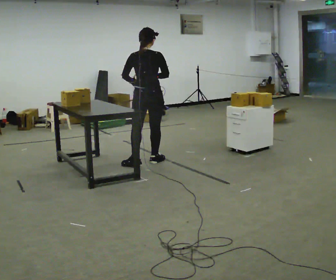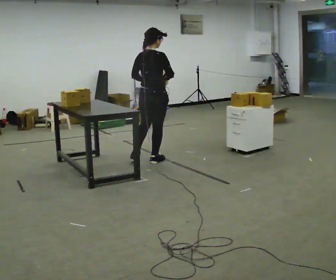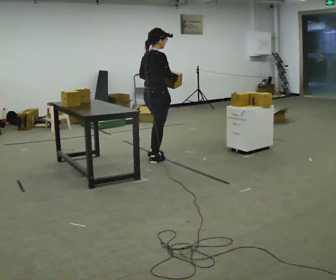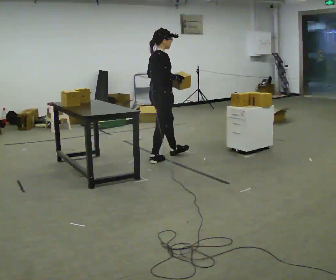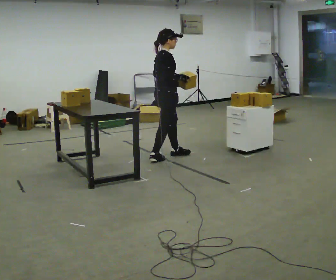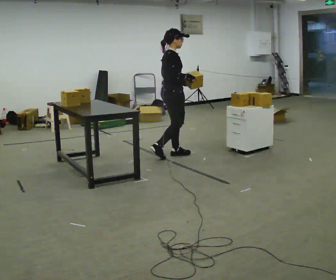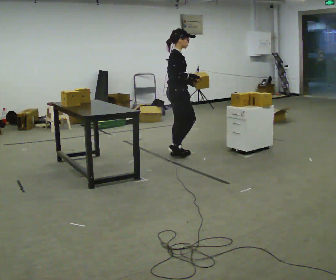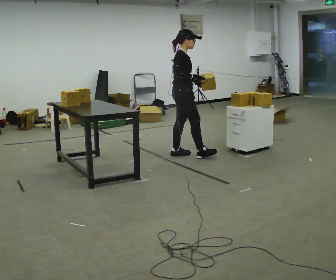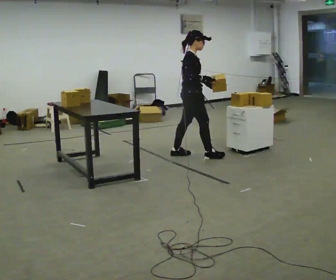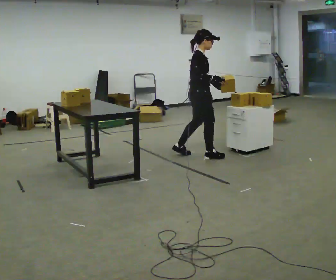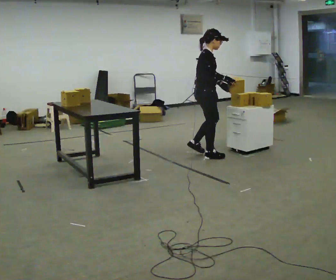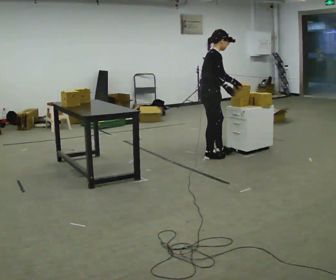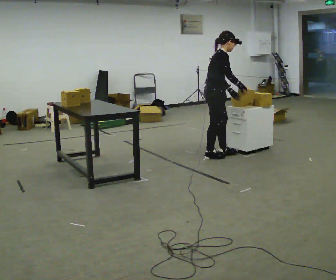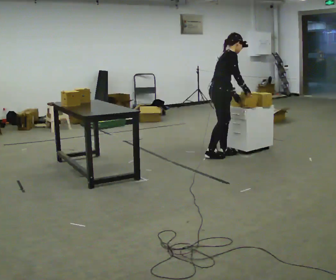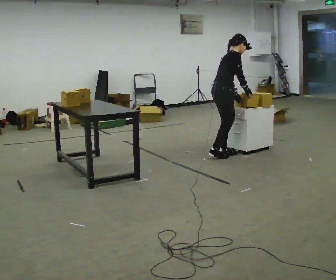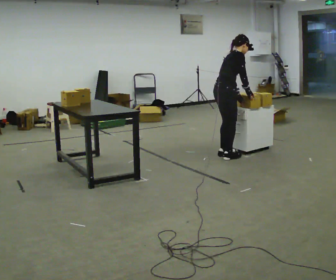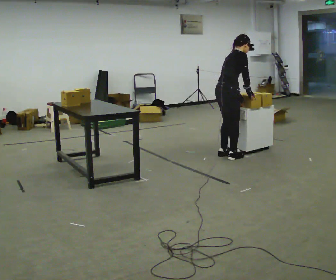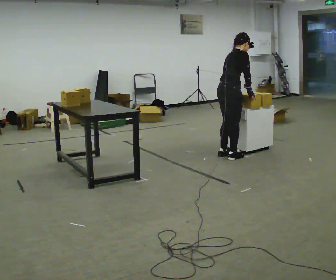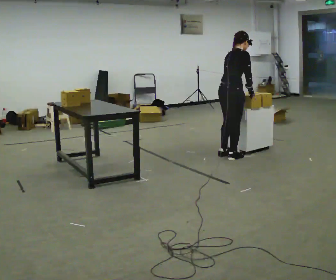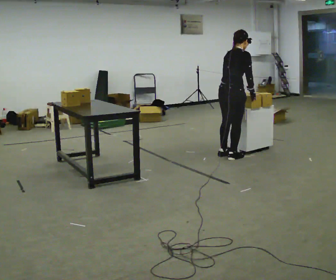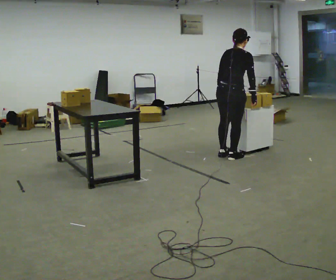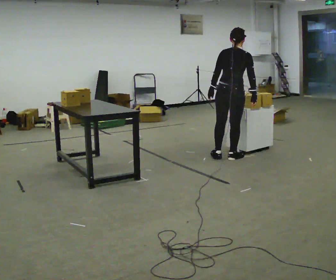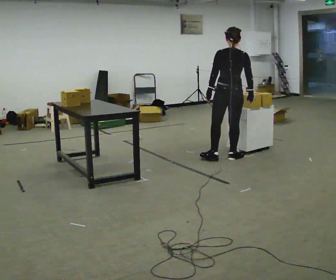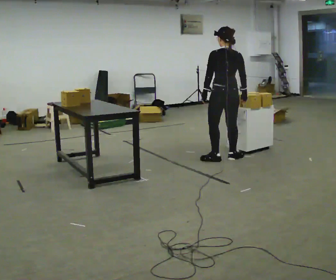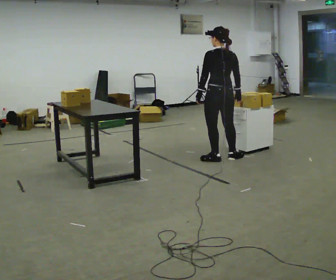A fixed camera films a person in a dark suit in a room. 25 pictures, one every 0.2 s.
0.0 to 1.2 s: The part of the body nearest the lens slides to the left as the person turns to their right by about 75 degrees. In the picture they go away from the camera and to the right, about 0.5 m in 1 step.
1.2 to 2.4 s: In the picture they go to the right, about 0.5 m in 2 steps, which for them is forward. In the picture the upper body tilts clockwise, shoulders to the right, as they bend forward.
2.4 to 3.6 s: The part of the body nearest the lens slides to the right as the person turns to their left by about 30 degrees. In the picture they go to the right, about 0.25 m in 1 step, which for them is forward.
3.6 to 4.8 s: The part of the body nearest the lens slides to the right as the person turns to their left by about 75 degrees. In the picture their left hand goes to the left.
The film runs forward here.
